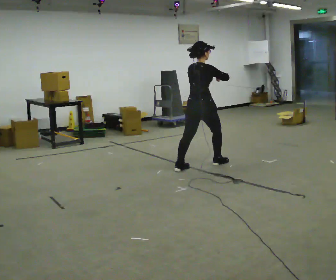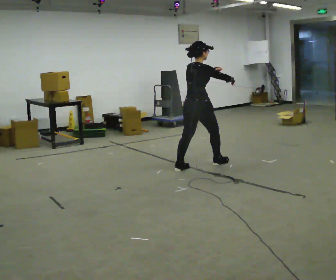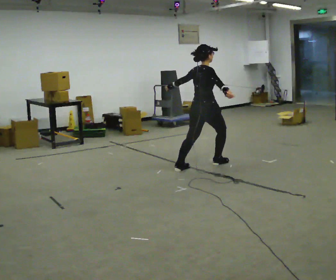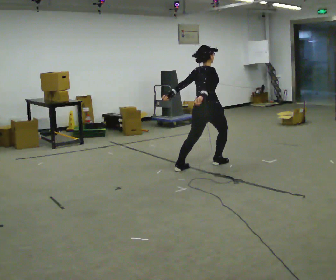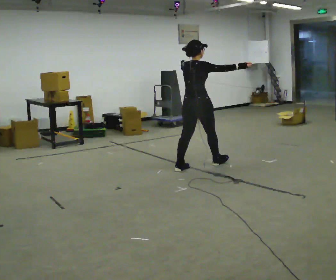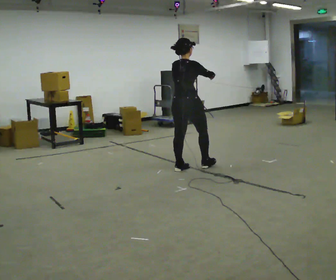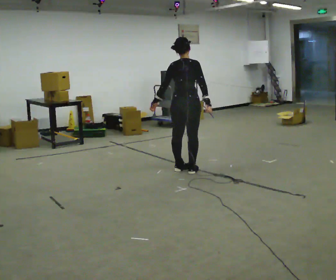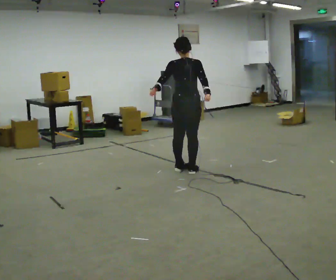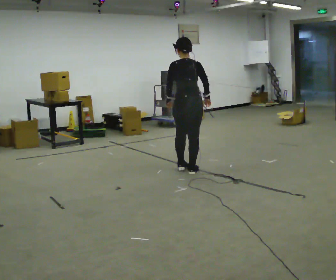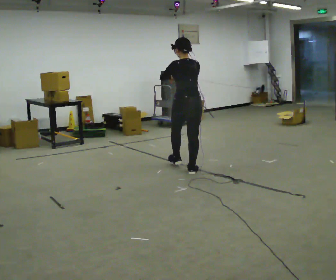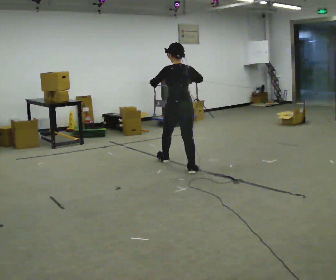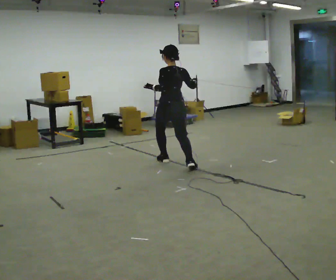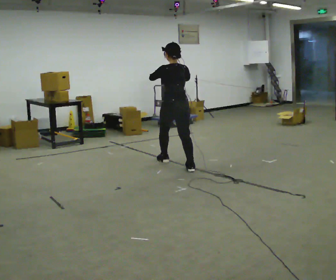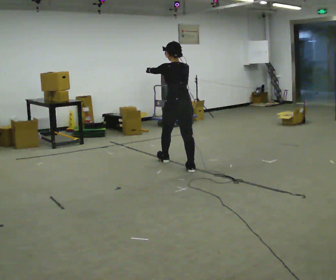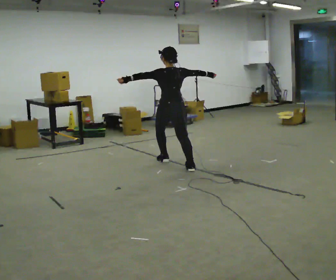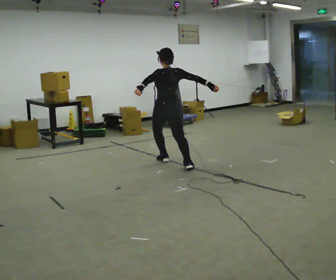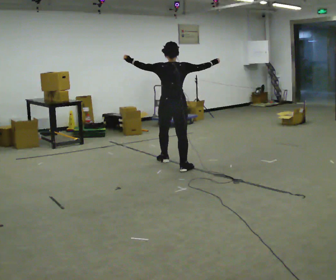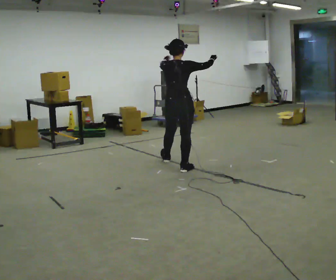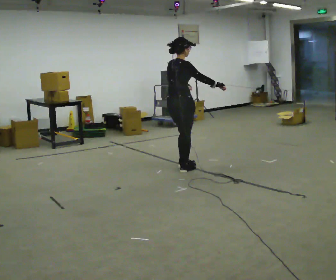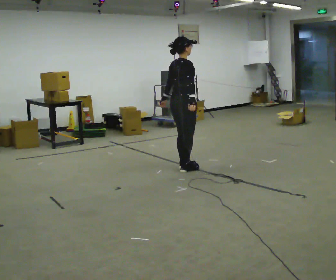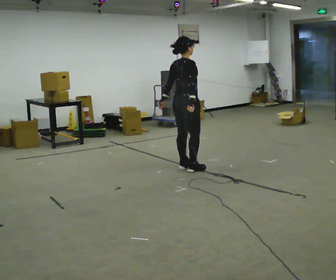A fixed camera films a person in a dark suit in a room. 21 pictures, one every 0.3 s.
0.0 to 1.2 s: The person moves a little, or ends about where they began.
1.2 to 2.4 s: The person turns about 60 degrees to their left, counterclockwise seen from above, so the part of the body nearest the lens slides to the right. In the picture they go toward the camera, about 0.25 m in 1 step, which for them is backward. In the picture their right hand goes to the left and downward, the arm swinging clockwise.
2.4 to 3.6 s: In the picture they go away from the camera, about 0.25 m in 1 step, which for them is forward.
3.6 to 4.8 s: In the picture their right hand goes to the right.
4.8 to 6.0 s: The part of the body nearest the lens slides to the left as the person turns to their right by about 45 degrees. In the picture their right hand goes downward, the arm swinging clockwise.
The film runs forward here.
